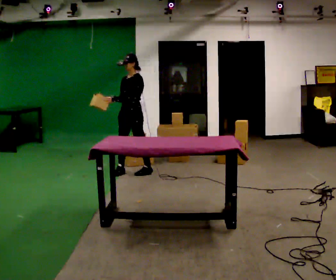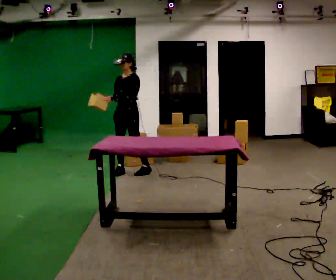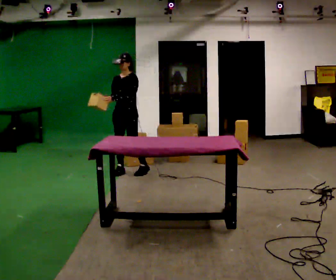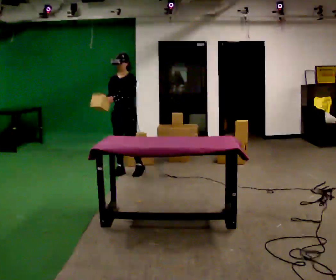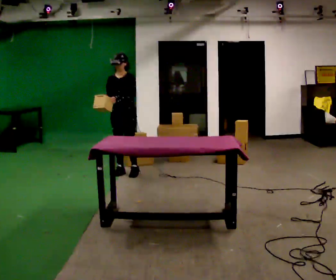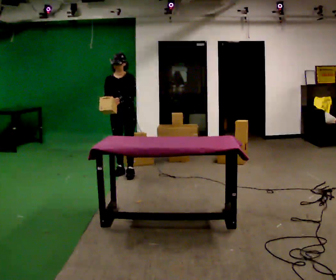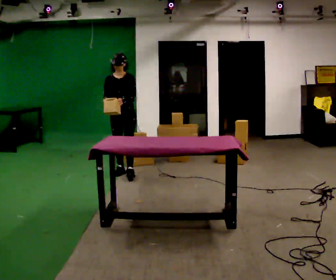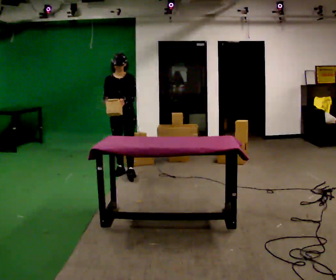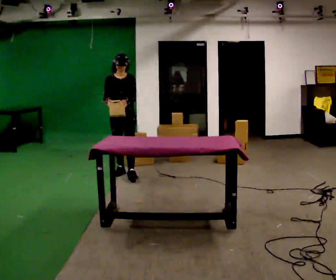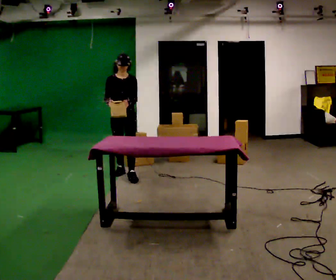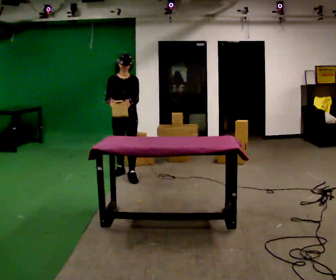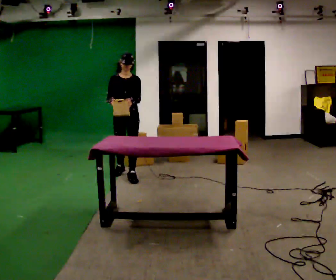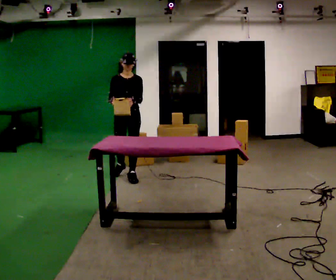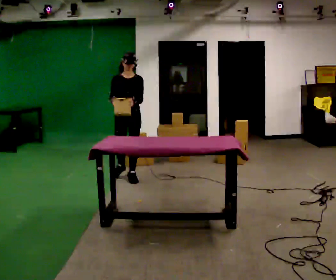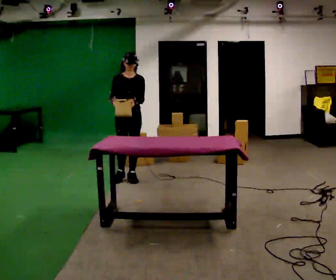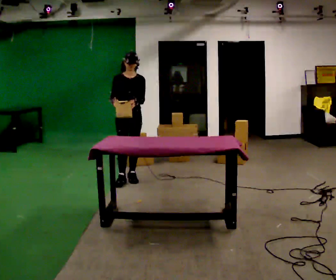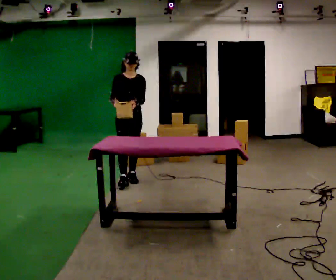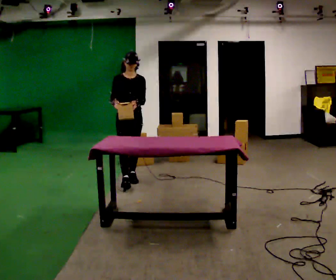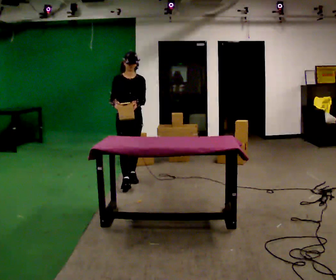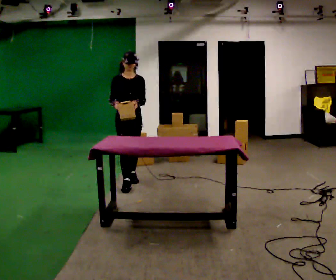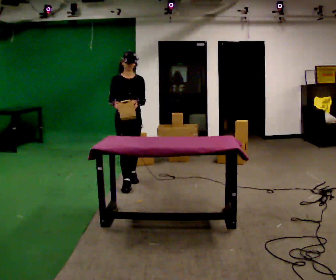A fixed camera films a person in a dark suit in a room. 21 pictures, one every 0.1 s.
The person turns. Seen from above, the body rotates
counterclockwise.
The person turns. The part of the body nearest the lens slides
to the right.
0.0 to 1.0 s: The part of the body nearest the lens slides to the right as the person turns to their left by about 45 degrees. In the picture they go toward the camera, about 0.25 m in 1 step, which for them is forward.
1.0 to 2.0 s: In the picture they go toward the camera, about 0.25 m in 1 step, which for them is forward.
The film runs forward here.
